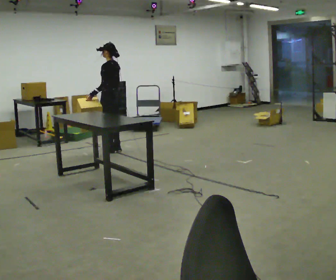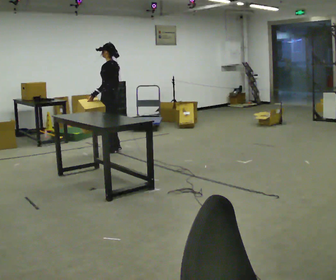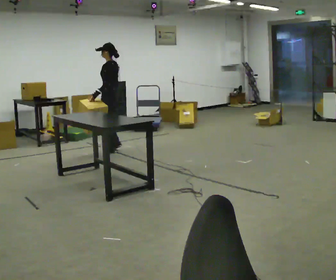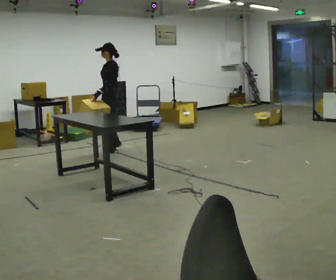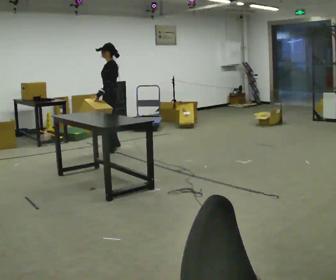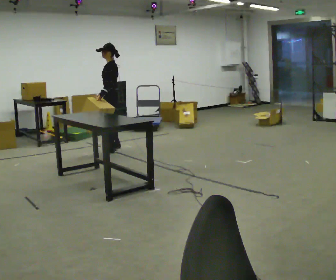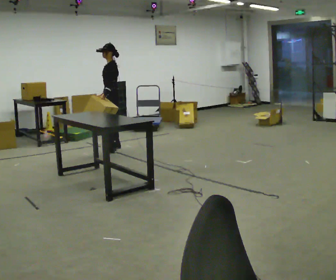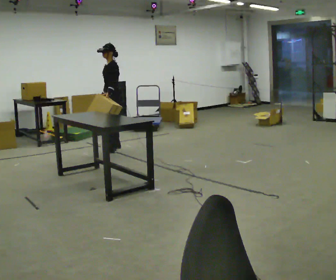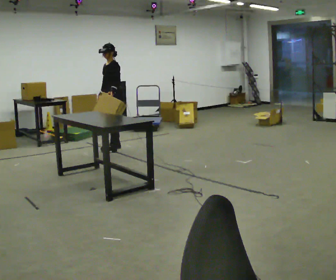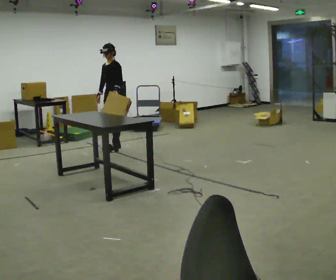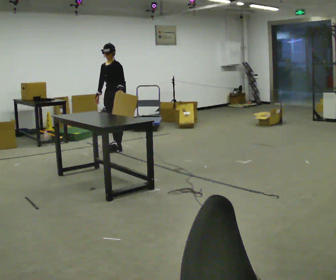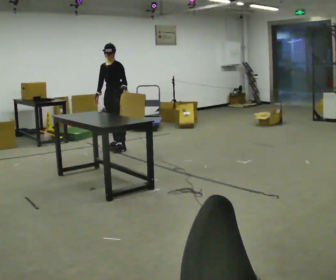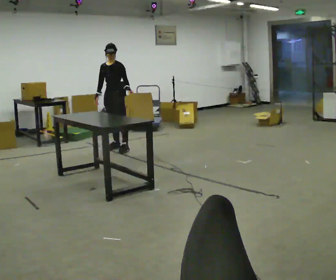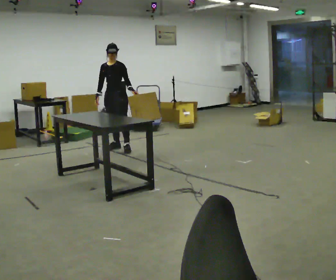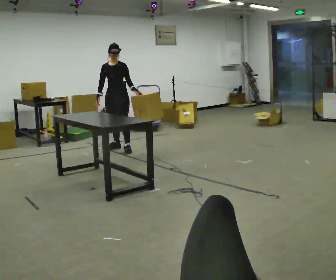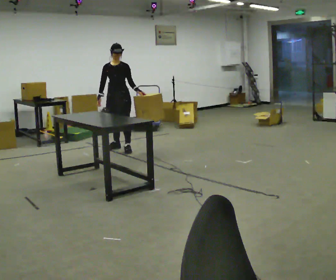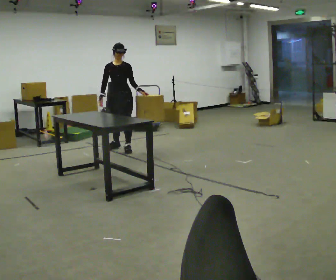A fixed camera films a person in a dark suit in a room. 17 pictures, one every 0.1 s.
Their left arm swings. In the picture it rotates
counterclockwise.
The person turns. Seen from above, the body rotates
counterclockwise.
0.0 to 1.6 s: Seen from above the body turns counterclockwise, about 120 degrees: to their left, with its near side sliding to the right. In the picture they go to the right, about 0.25 m in 2 steps. In the picture their left hand goes to the right, the arm swinging counterclockwise.
The film runs forward here.
